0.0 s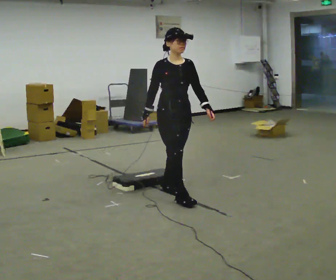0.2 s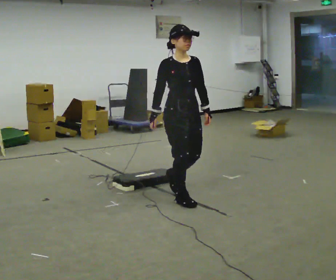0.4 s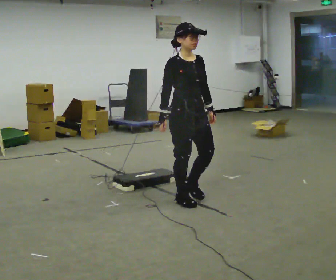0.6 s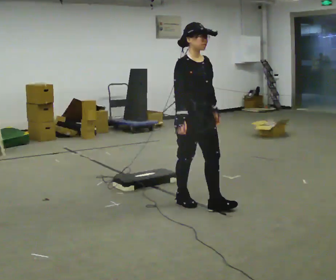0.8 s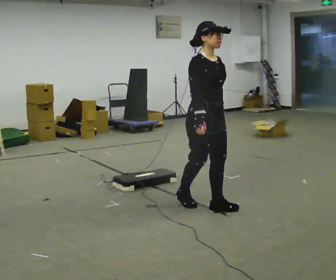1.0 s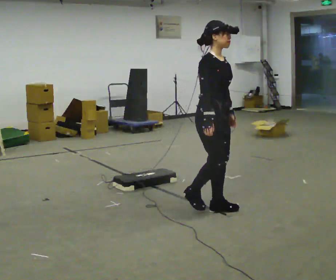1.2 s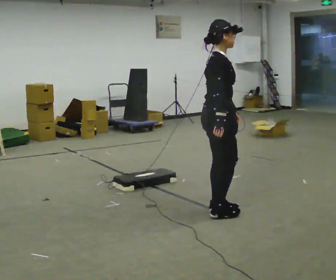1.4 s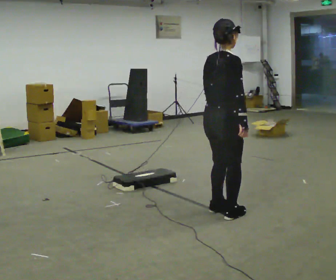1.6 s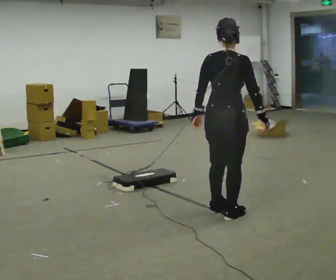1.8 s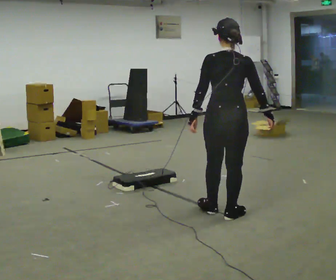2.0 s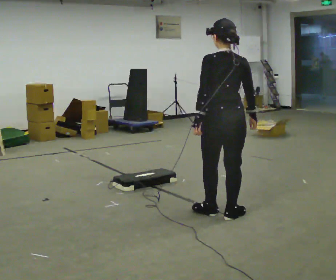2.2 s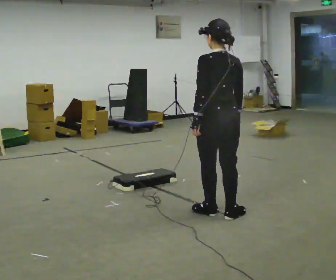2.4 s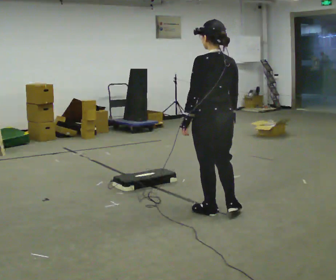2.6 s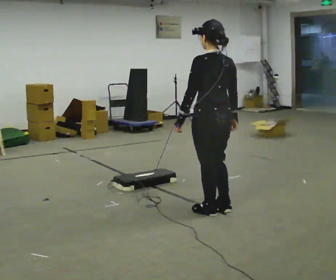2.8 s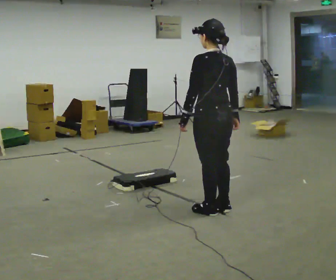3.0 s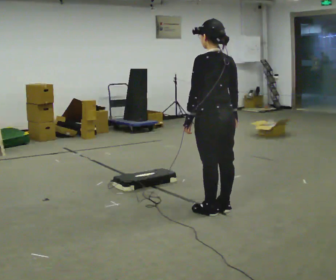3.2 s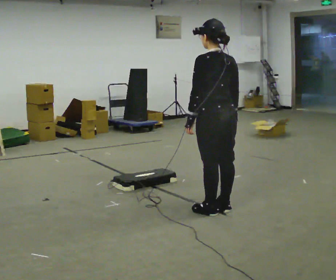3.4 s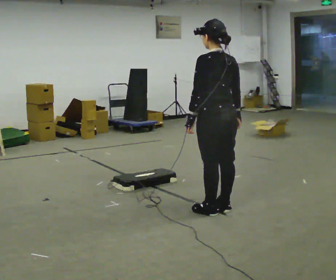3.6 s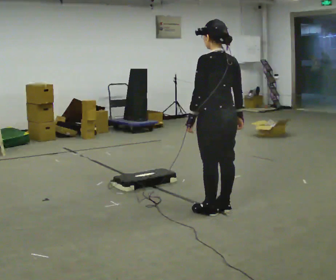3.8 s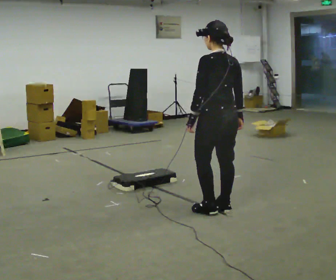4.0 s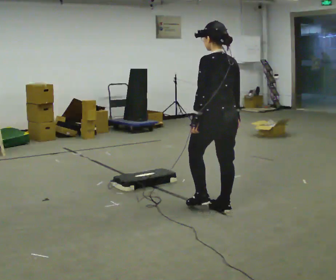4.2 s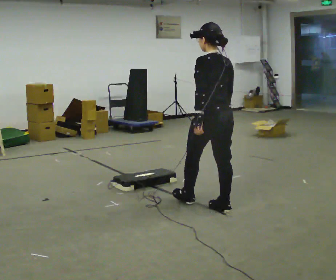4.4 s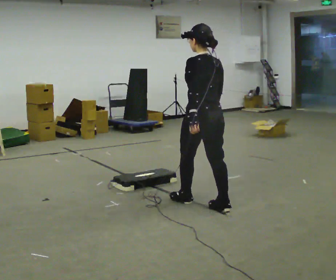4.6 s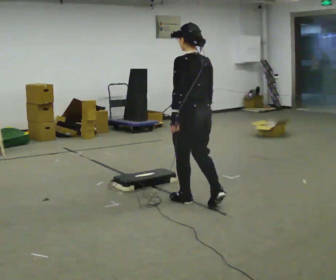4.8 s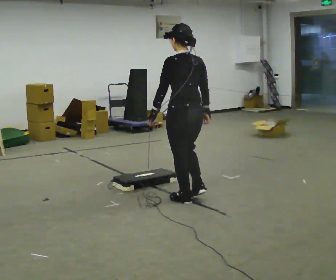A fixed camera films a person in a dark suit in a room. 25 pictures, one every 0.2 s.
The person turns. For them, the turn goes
to their left.
The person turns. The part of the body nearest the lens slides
to the right.
0.0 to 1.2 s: The person turns about 90 degrees to their left, counterclockwise seen from above, so the part of the body nearest the lens slides to the right. In the picture they go to the right and toward the camera, about 0.5 m in 2 steps.
1.2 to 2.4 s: The person turns about 90 degrees to their left, counterclockwise seen from above, so the part of the body nearest the lens slides to the right.
2.4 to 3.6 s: The person moves a little, or ends about where they began.
3.6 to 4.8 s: In the picture they go to the left and away from the camera, about 0.5 m in 1 step, which for them is forward.
The film runs forward here.
